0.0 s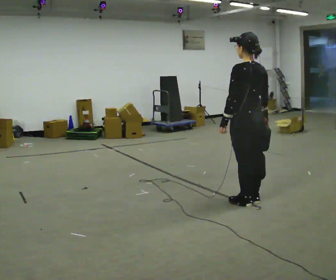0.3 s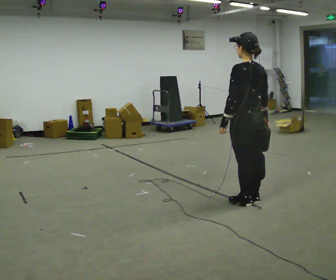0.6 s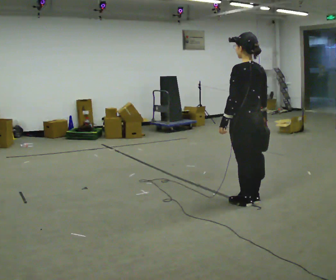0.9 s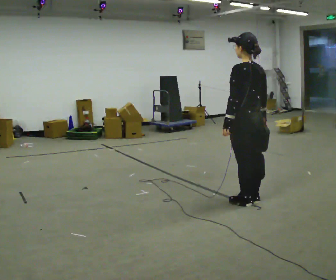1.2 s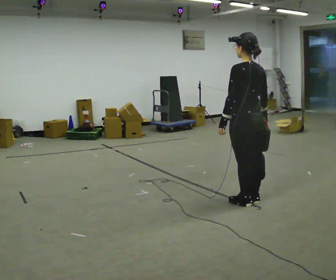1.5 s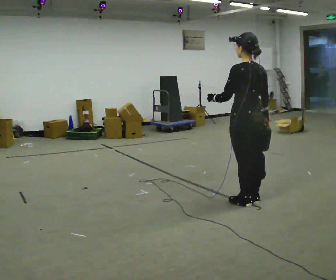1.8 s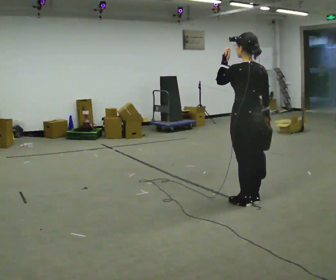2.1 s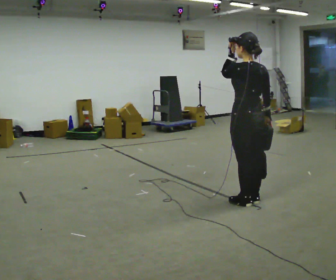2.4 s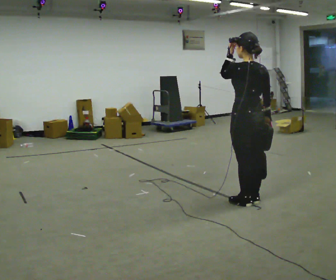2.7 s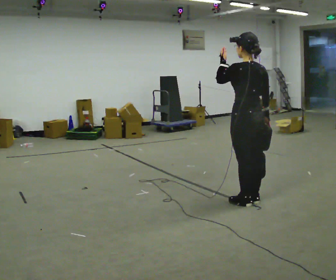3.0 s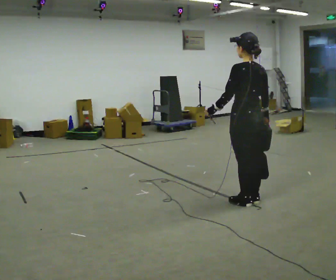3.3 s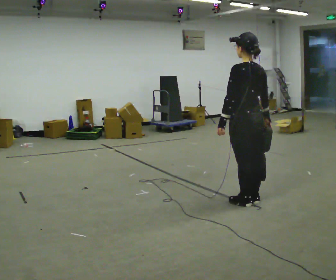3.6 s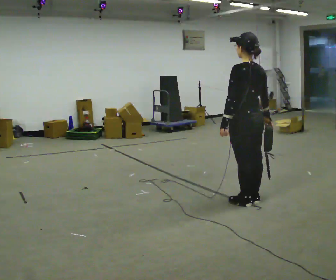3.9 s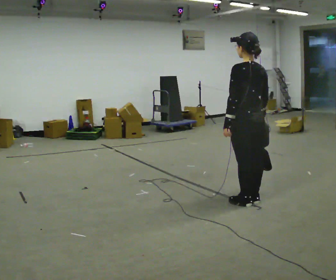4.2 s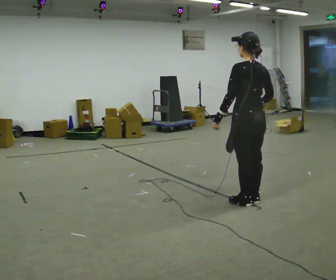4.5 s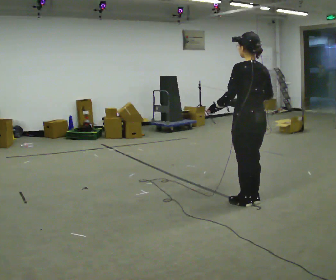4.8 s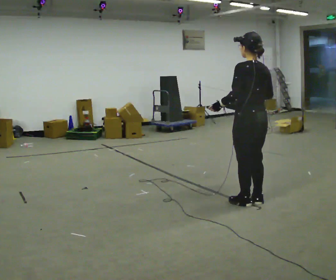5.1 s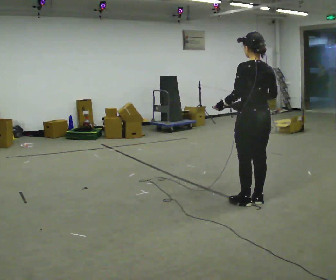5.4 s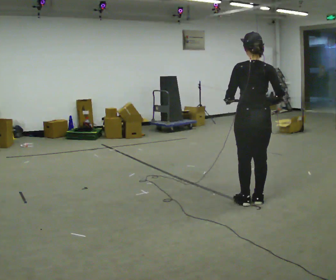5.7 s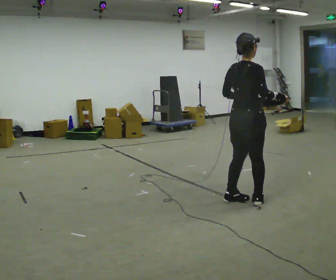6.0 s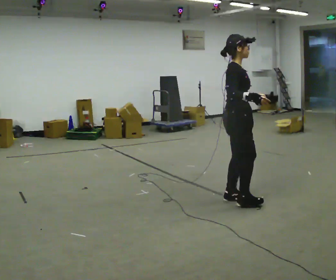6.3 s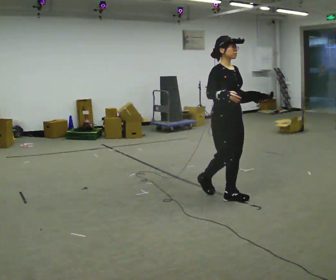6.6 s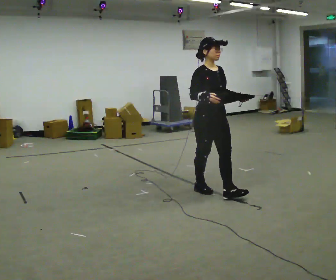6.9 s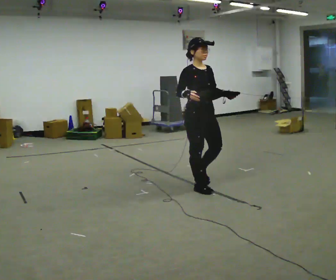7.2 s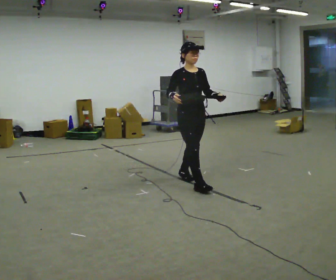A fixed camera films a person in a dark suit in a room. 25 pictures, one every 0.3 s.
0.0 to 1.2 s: The person moves a little, or ends about where they began.
1.2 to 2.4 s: In the picture their left hand goes upward.
2.4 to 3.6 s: In the picture their left hand goes downward.
3.6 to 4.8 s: The person moves a little, or ends about where they began.
4.8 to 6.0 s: Seen from above the body turns clockwise, about 135 degrees: to their right, with its near side sliding to the left. In the picture they go to the left, about 0.25 m in 2 steps.
6.0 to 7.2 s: The person turns about 45 degrees to their right, clockwise seen from above, so the part of the body nearest the lens slides to the left. In the picture they go to the left and away from the camera, about 1 m in 2 steps, which for them is backward.
The film runs backward here.
